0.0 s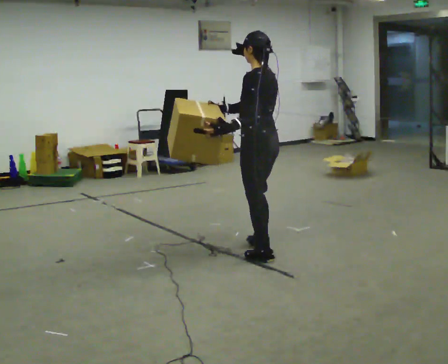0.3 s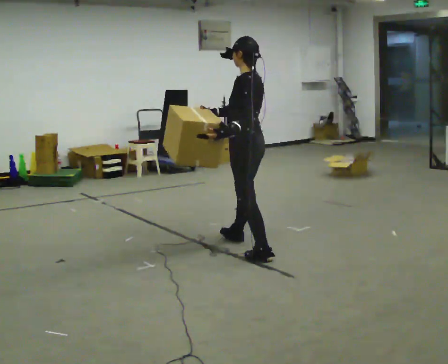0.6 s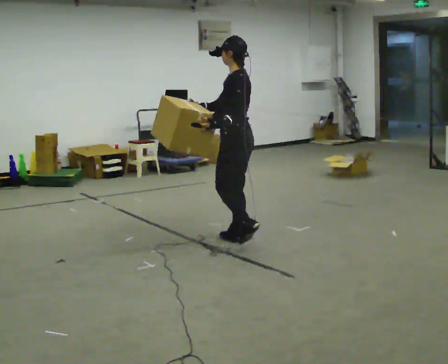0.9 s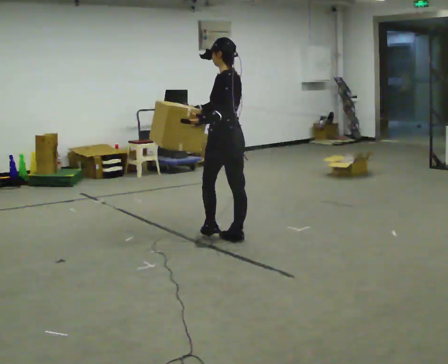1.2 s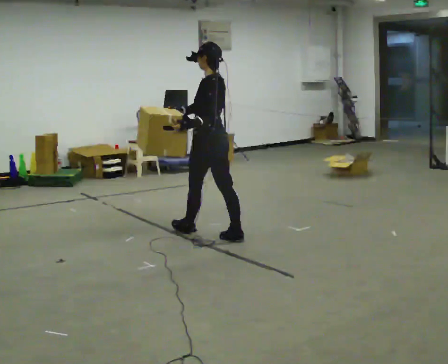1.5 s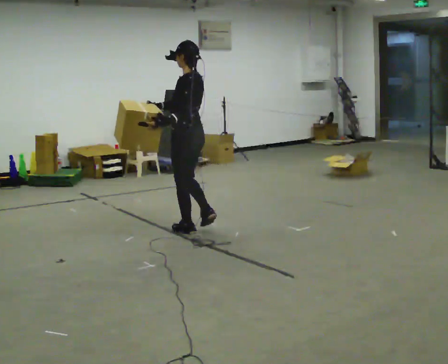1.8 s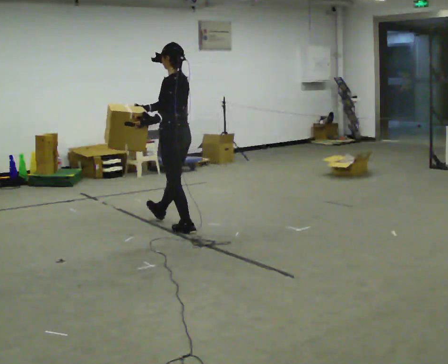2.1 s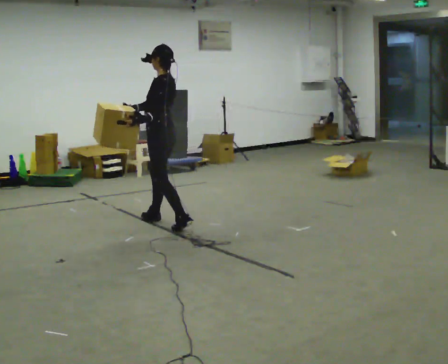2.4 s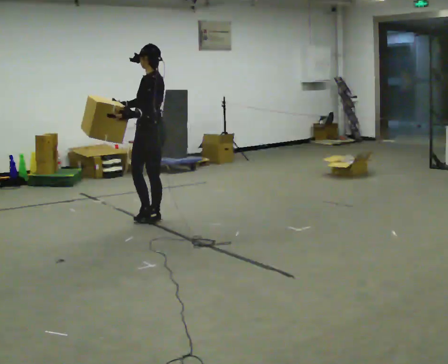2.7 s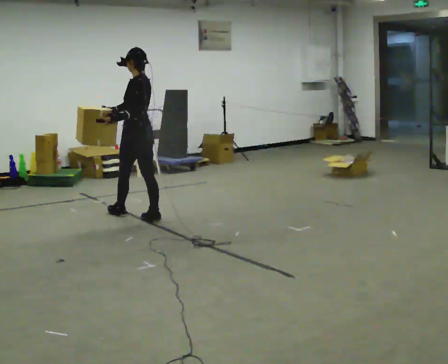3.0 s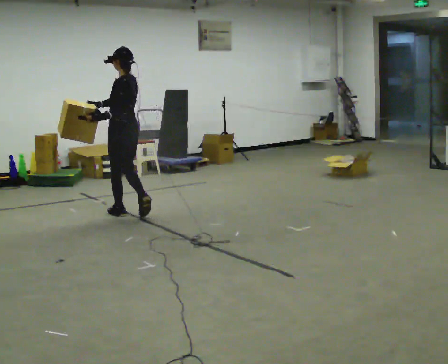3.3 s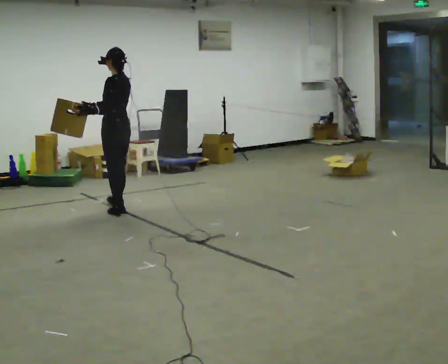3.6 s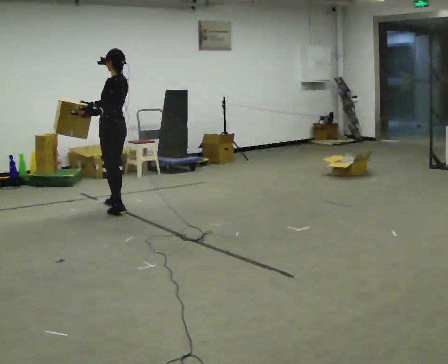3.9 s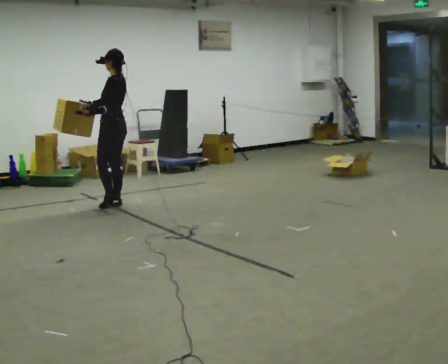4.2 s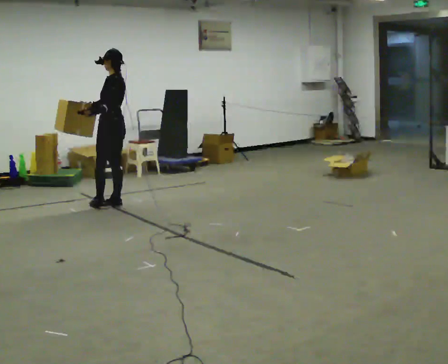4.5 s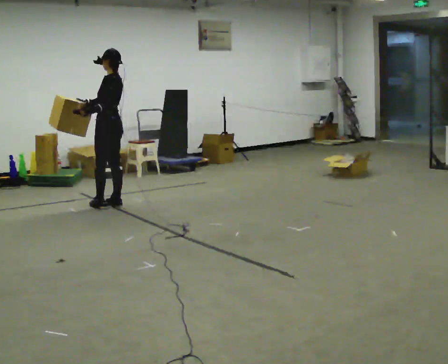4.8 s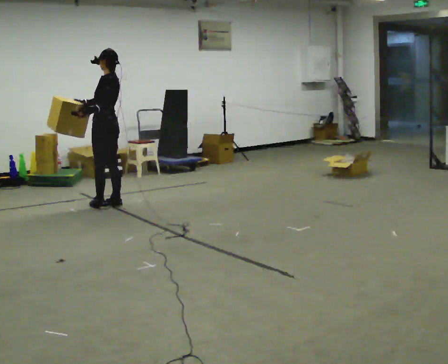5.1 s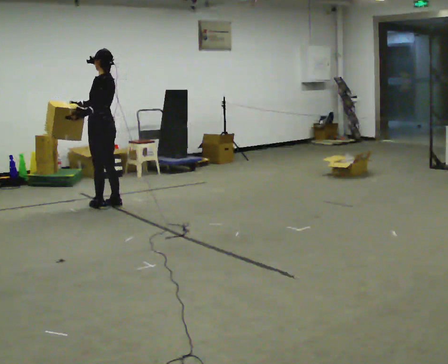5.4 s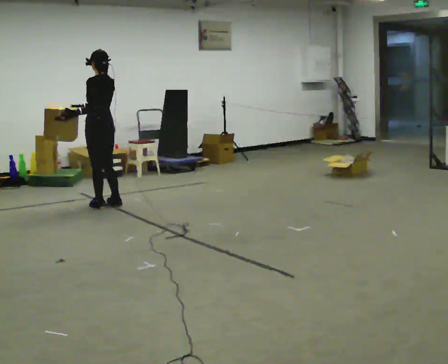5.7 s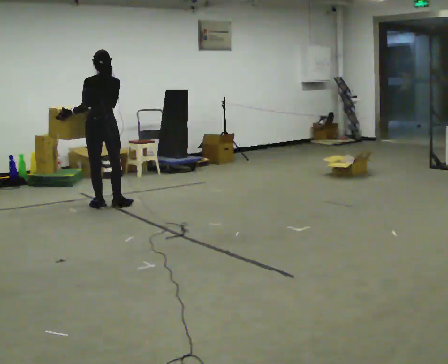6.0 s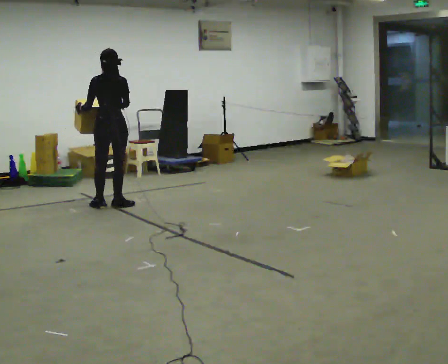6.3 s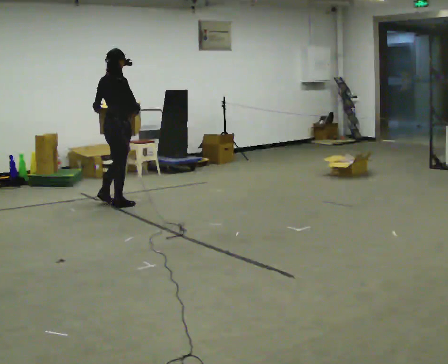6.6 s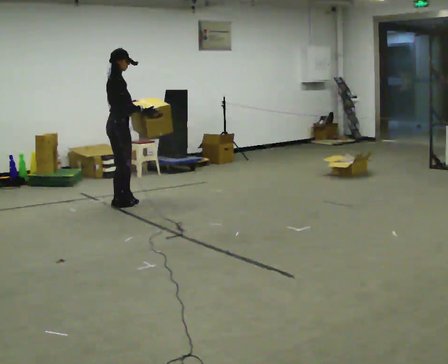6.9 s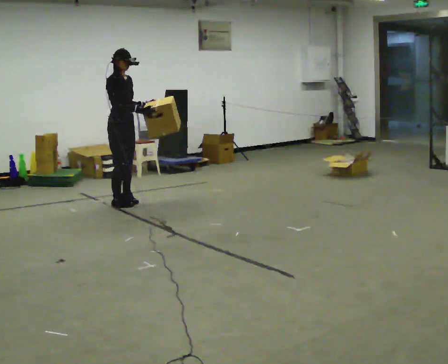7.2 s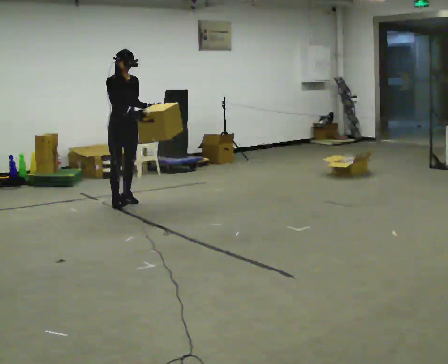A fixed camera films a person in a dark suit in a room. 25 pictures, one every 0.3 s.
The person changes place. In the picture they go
away from the camera.
0.0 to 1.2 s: In the picture they go away from the camera, about 0.5 m in 2 steps, which for them is forward and to their right.
1.2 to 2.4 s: In the picture they go away from the camera and to the left, about 1 m in 1 step, which for them is forward.
2.4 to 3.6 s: In the picture they go away from the camera and to the left, about 0.75 m in 2 steps, which for them is forward.
3.6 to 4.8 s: The person moves a little, or ends about where they began.
4.8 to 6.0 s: The person turns about 75 degrees to their right, clockwise seen from above, so the part of the body nearest the lens slides to the left.
6.0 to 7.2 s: The person turns about 135 degrees to their right, clockwise seen from above, so the part of the body nearest the lens slides to the left. In the picture they go away from the camera, about 0.25 m in 1 step. In the picture their left hand goes to the right.
The film runs forward here.
